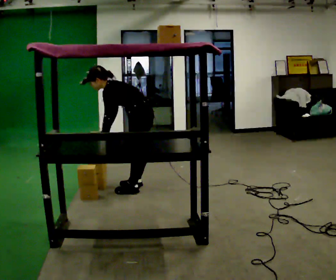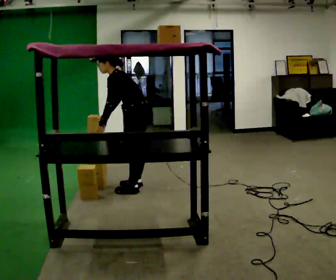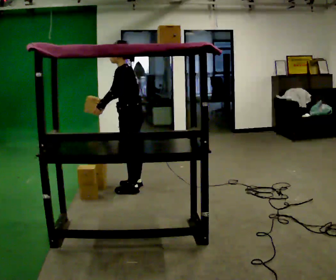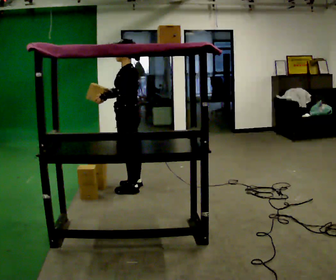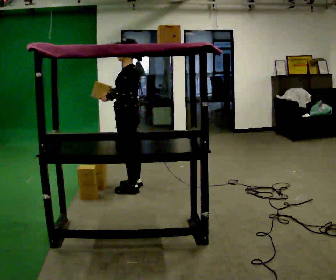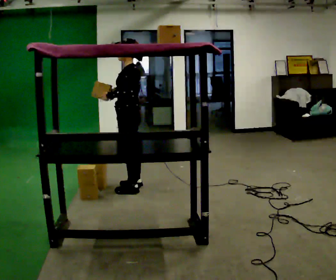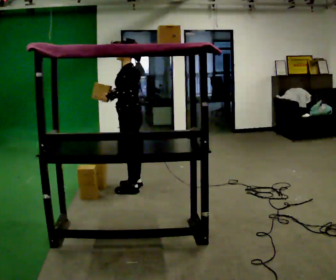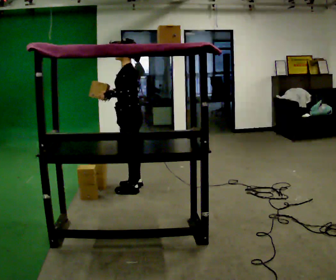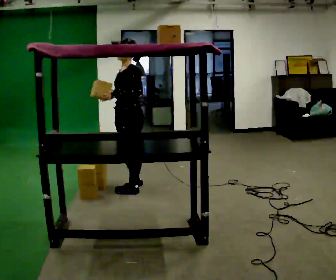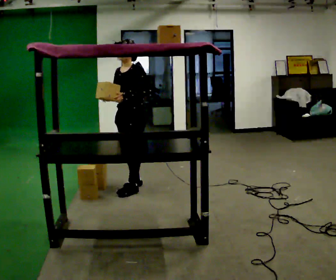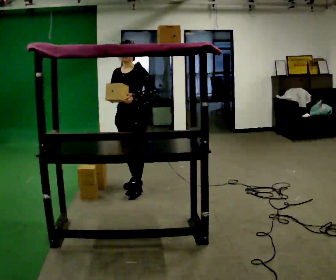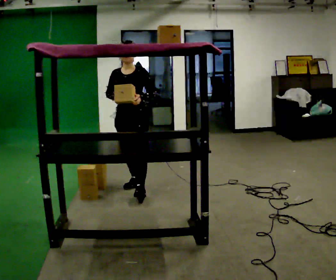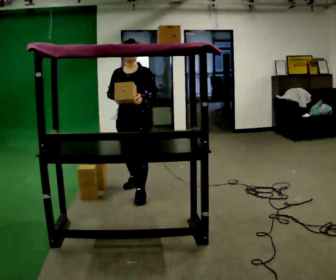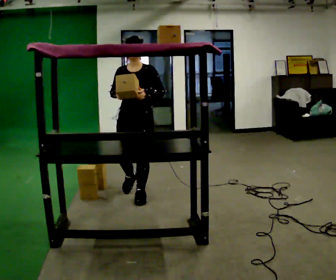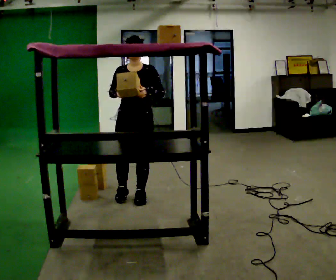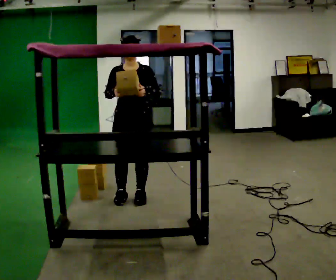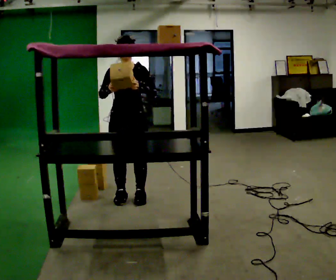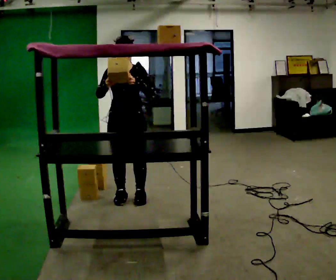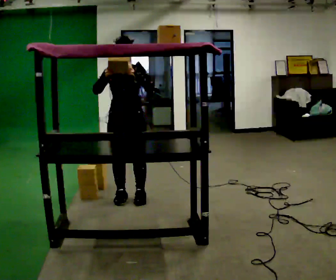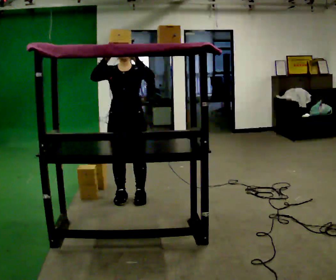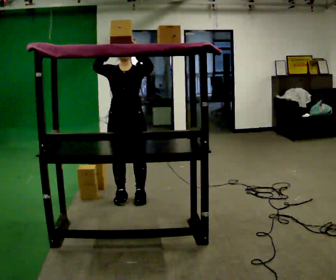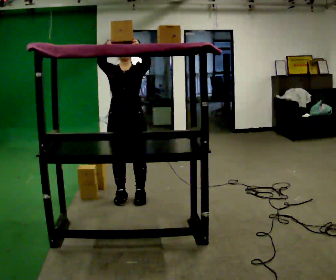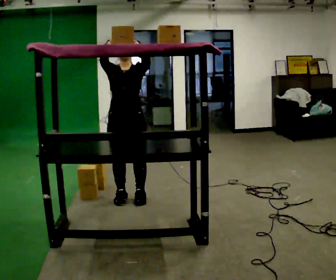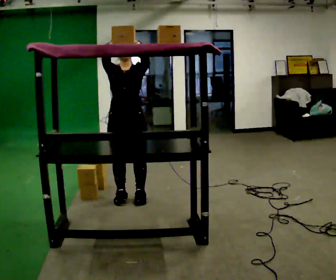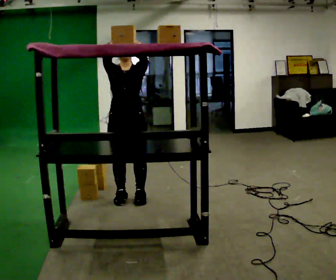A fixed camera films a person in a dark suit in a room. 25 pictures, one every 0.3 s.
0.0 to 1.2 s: The shoulders move upward. In the picture the upper body tilts clockwise, shoulders to the right, as they lean back or straighten. In the picture their right hand goes upward.
1.2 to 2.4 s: The part of the body nearest the lens slides to the right as the person turns to their left by about 30 degrees.
2.4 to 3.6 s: The part of the body nearest the lens slides to the right as the person turns to their left by about 45 degrees. In the picture they go toward the camera, about 0.25 m, which for them is forward.
3.6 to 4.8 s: In the picture they go toward the camera, about 0.25 m in 1 step, which for them is forward.
4.8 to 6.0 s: In the picture their right hand goes upward.
6.0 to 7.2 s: The person moves a little, or ends about where they began.
The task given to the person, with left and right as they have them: Place the object on the shelf just at the top of your comfortable reach. Repeat at your own pace until the operator says stop. Keep both feet on the marked spots for the whole take. If you have to step, stop and tell the operator.
The film runs forward here.
